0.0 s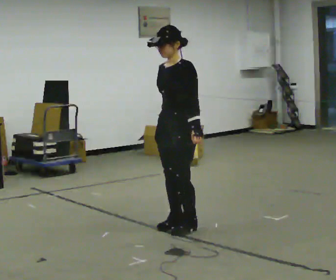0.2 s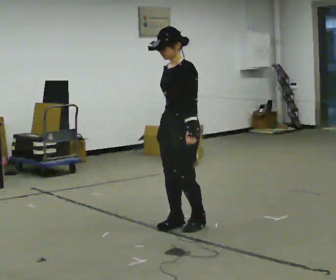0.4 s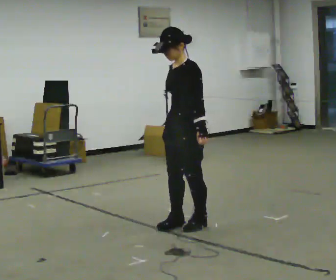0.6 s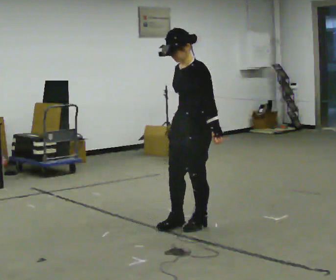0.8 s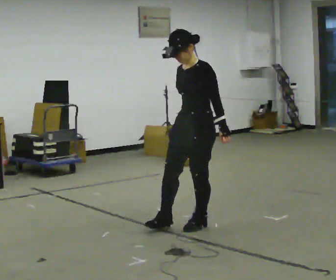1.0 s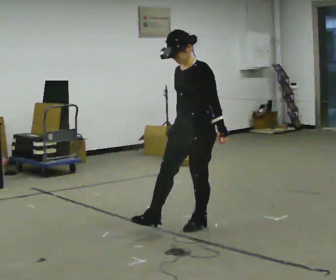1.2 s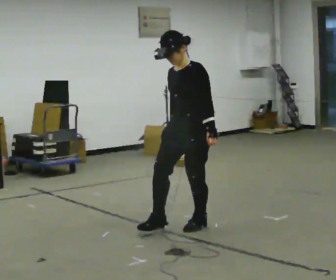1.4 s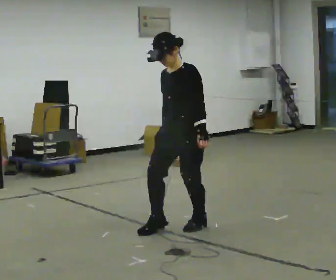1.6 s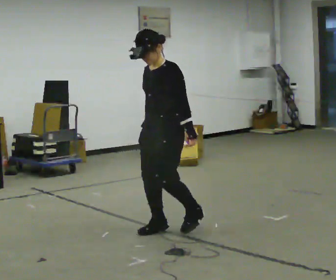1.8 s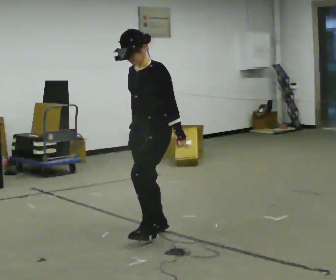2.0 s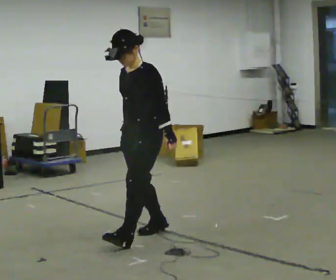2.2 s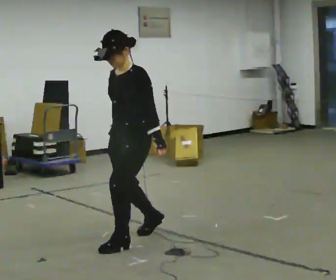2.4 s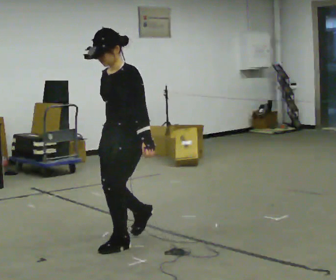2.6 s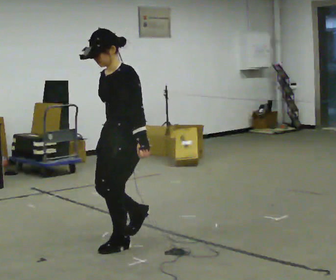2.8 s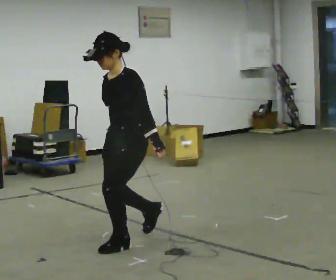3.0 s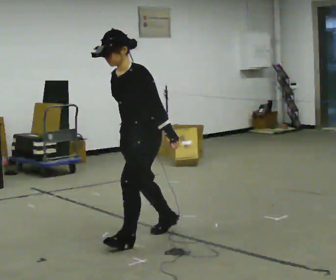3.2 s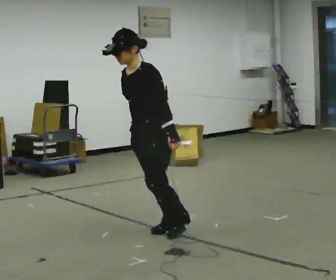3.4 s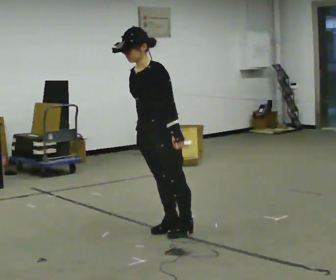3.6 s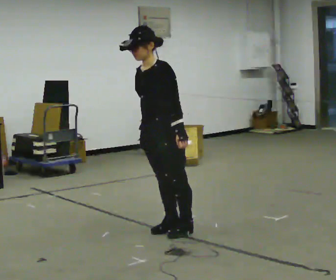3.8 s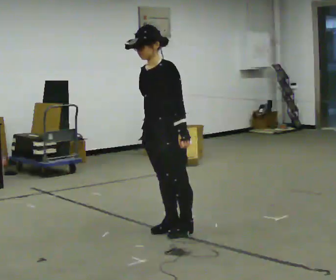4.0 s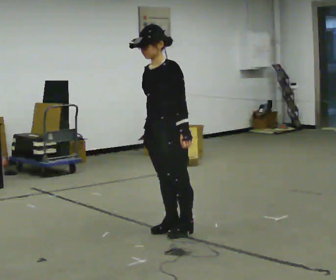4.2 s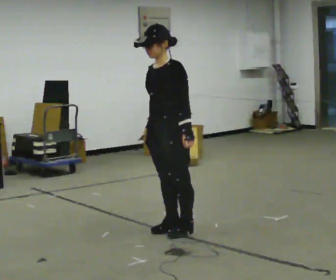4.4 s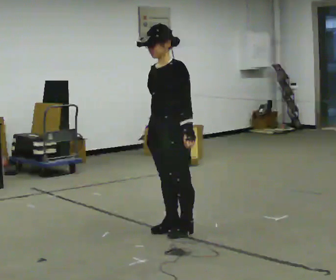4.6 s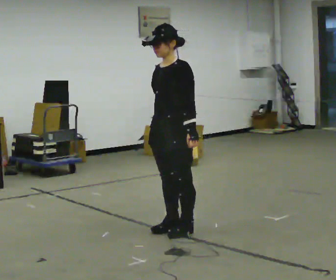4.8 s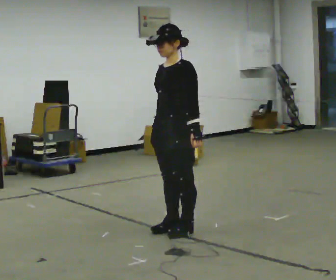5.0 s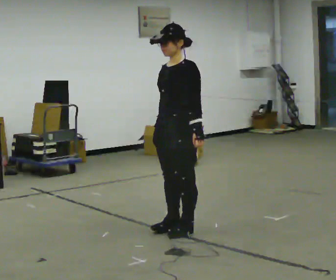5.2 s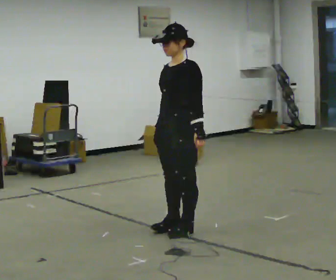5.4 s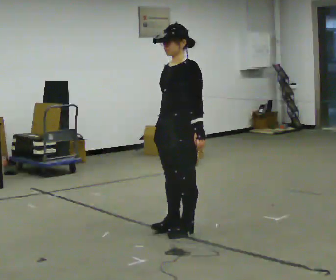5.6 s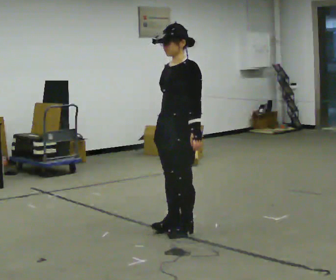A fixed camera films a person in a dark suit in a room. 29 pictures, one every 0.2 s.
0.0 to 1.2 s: The person moves a little, or ends about where they began.
1.2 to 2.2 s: In the picture they go to the left and toward the camera, about 0.5 m in 2 steps, which for them is forward.
2.2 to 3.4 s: In the picture they go to the right and away from the camera, about 0.25 m in 2 steps, which for them is backward.
3.4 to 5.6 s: In the picture they go to the right, about 0.25 m, which for them is backward. In the picture the upper body tilts clockwise, shoulders to the right, as they lean back or straighten.
The film runs backward here.
